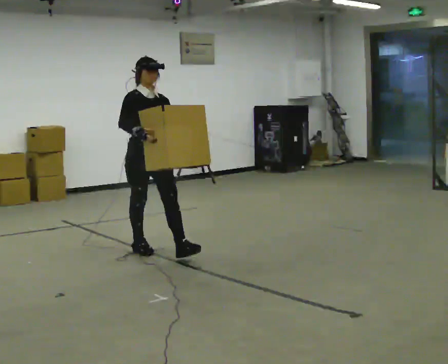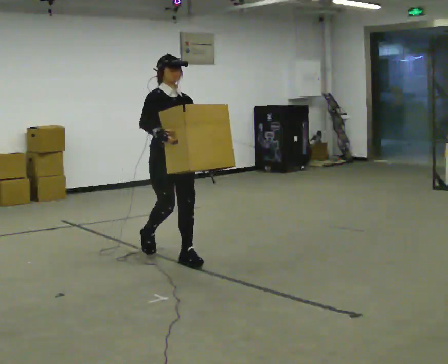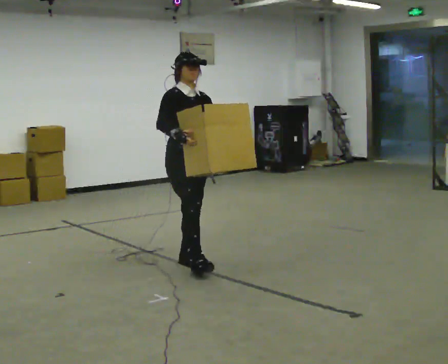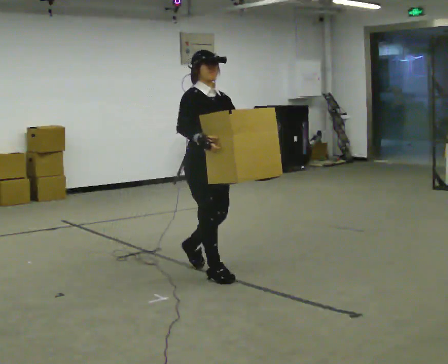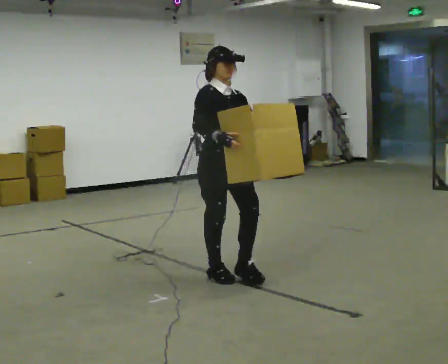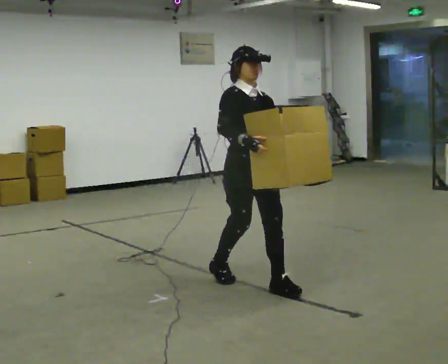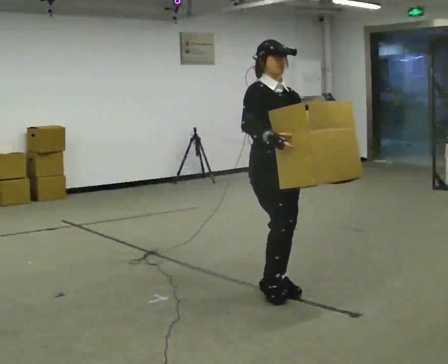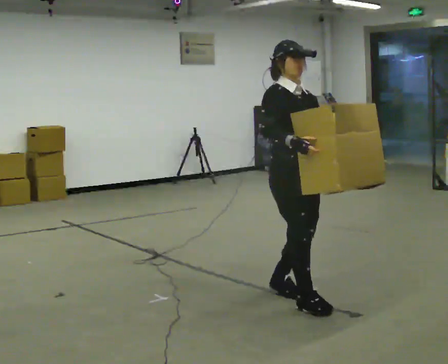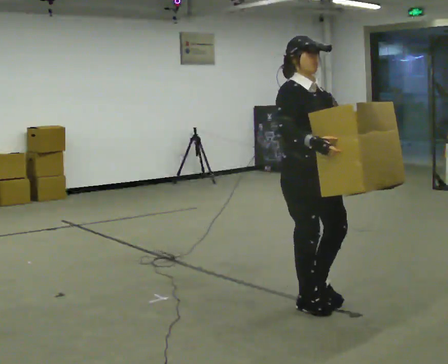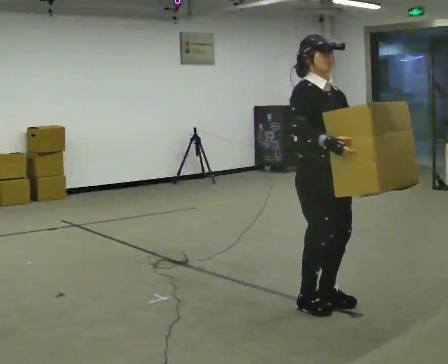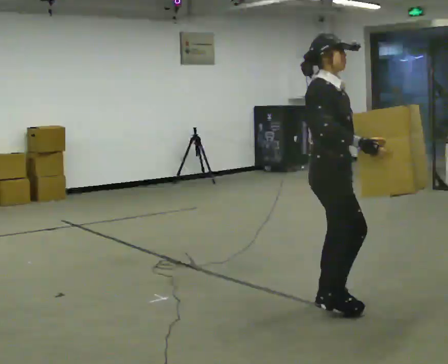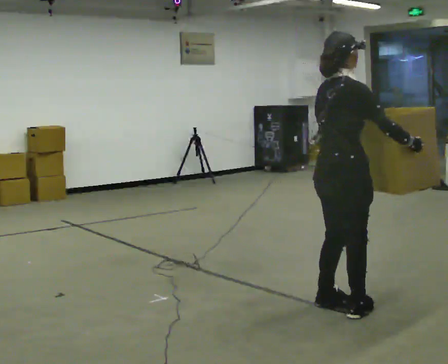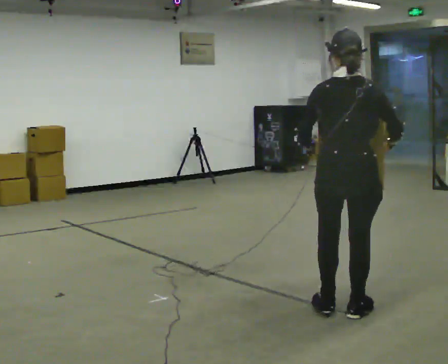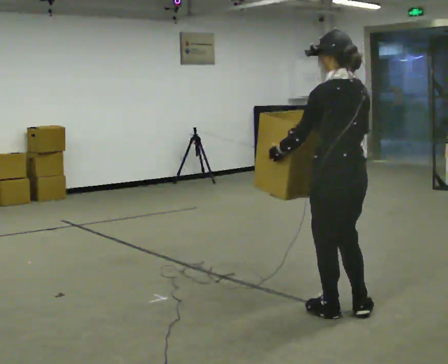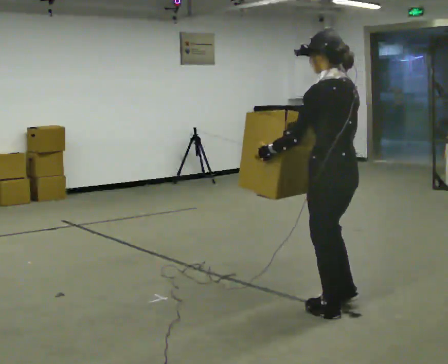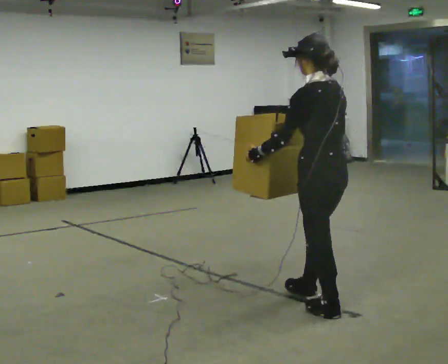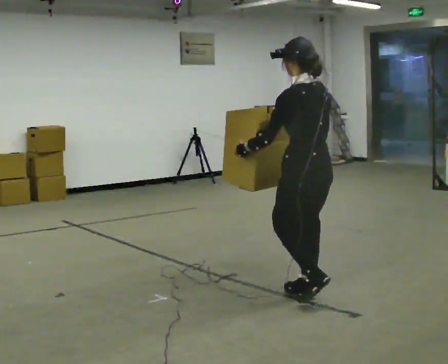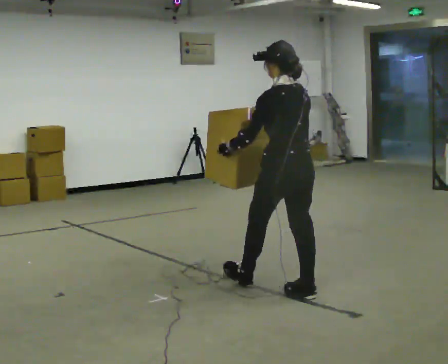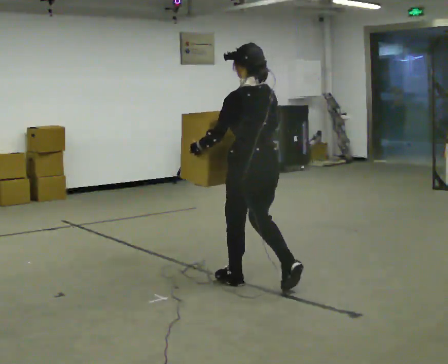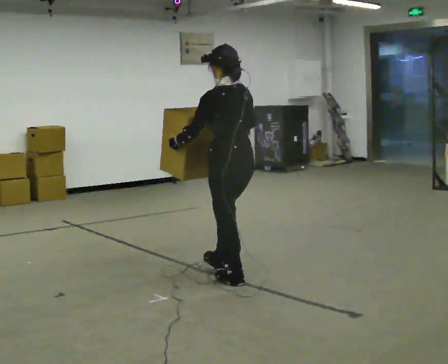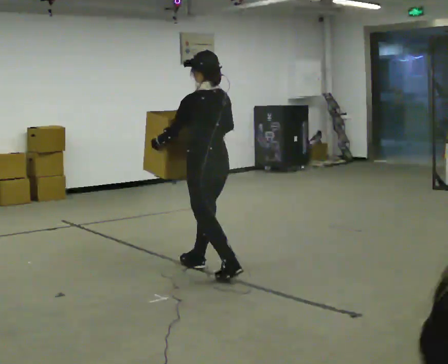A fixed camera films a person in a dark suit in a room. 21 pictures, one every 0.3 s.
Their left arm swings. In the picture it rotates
clockwise.
The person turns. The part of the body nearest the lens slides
to the right.
0.0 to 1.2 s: In the picture they go to the right and toward the camera, about 1 m in 2 steps, which for them is forward.
1.2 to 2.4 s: In the picture they go to the right and toward the camera, about 1 m in 2 steps, which for them is forward.
2.4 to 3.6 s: Seen from above the body turns counterclockwise, about 135 degrees: to their left, with its near side sliding to the right. In the picture they go to the right and toward the camera, about 0.25 m in 2 steps.
3.6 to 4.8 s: The part of the body nearest the lens slides to the right as the person turns to their left by about 45 degrees. In the picture they go away from the camera and to the left, about 0.25 m in 2 steps, which for them is forward.
4.8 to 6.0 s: In the picture they go to the left and away from the camera, about 1 m in 2 steps, which for them is forward.
The film runs forward here.
